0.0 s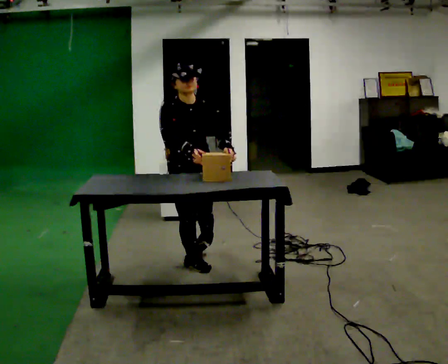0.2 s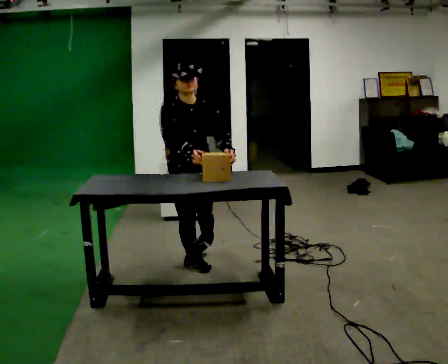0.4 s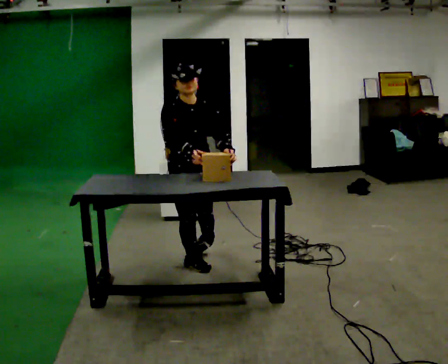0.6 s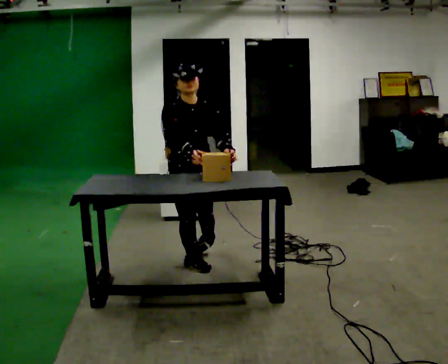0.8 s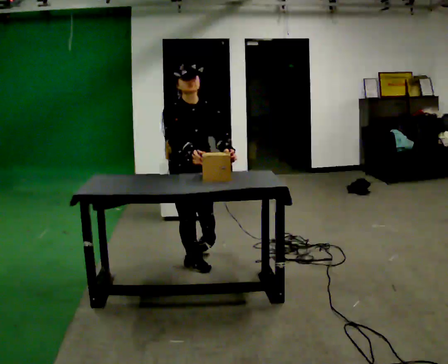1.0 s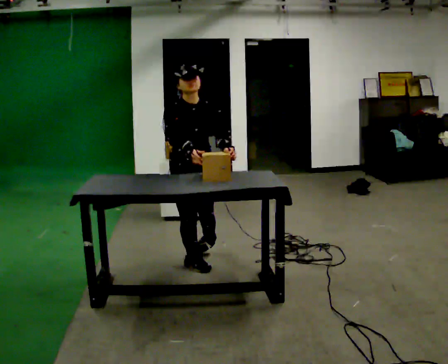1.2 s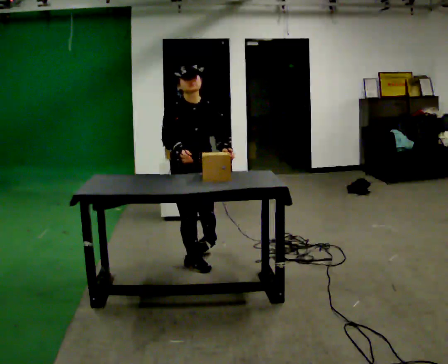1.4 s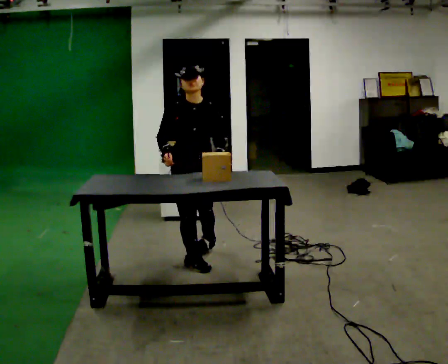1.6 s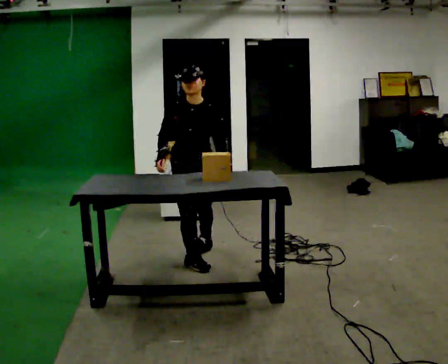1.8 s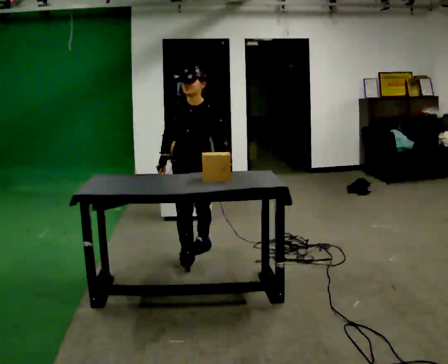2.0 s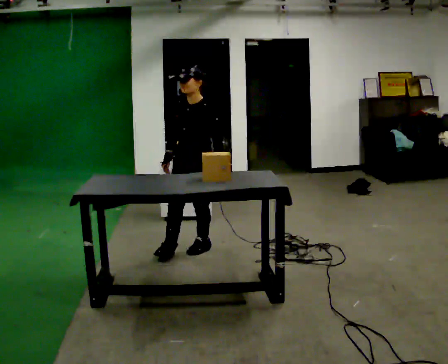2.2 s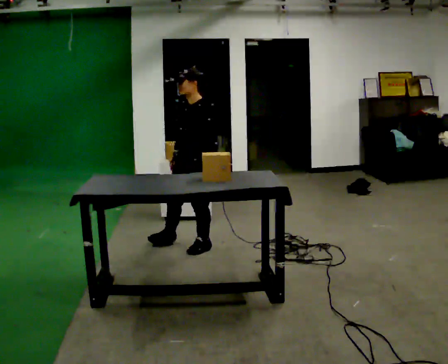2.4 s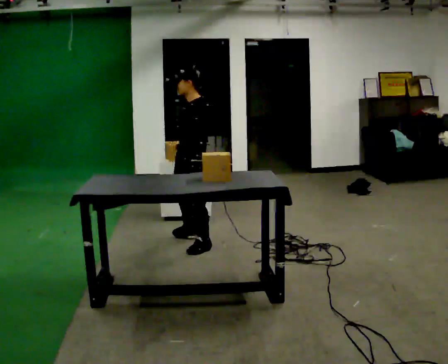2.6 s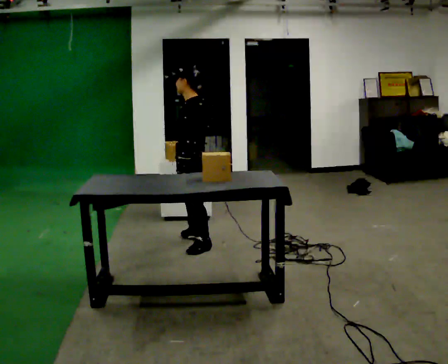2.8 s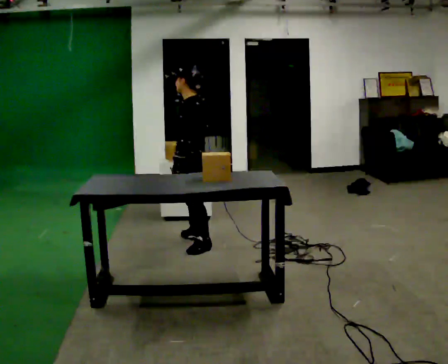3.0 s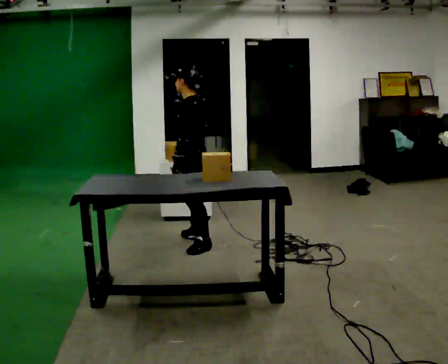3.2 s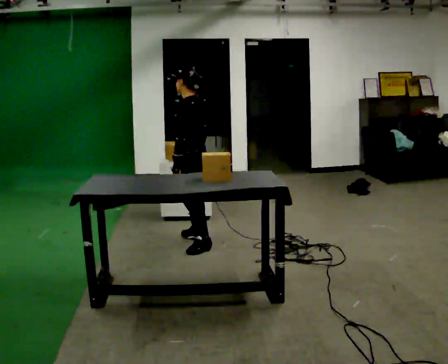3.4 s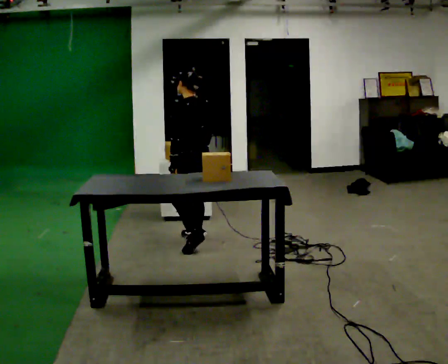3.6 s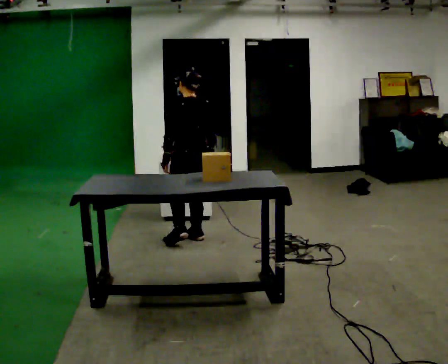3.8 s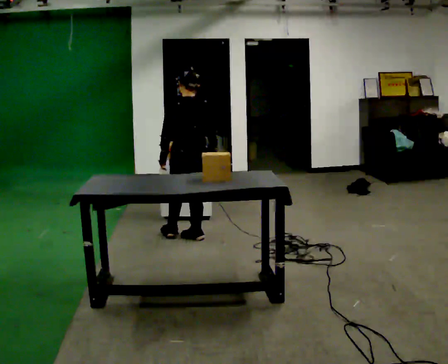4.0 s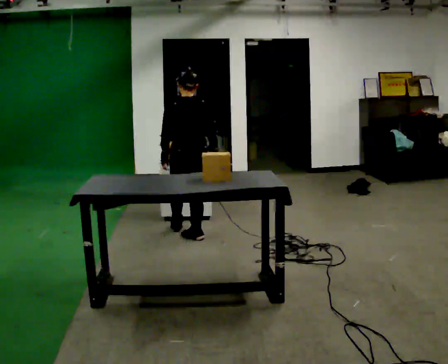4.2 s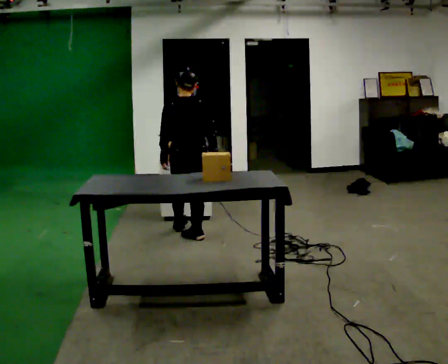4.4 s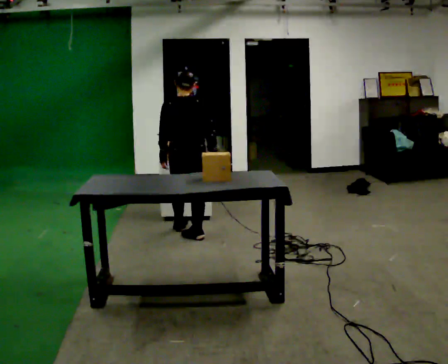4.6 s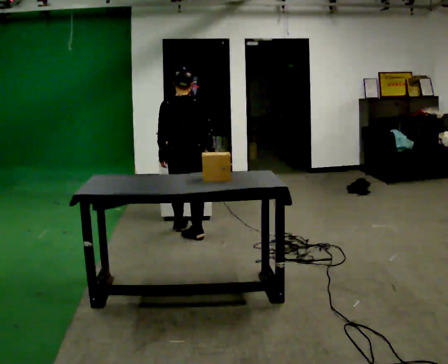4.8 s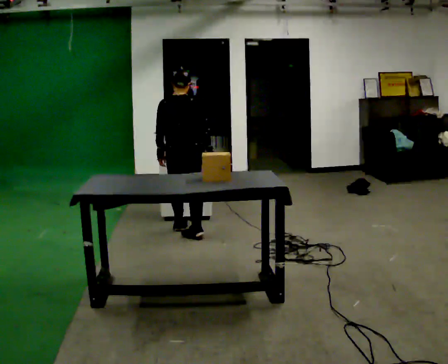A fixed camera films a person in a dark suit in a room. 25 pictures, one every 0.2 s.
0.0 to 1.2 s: The person moves a little, or ends about where they began.
1.2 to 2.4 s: Seen from above the body turns clockwise, about 105 degrees: to their right, with its near side sliding to the left. In the picture they go away from the camera, about 0.5 m.
2.4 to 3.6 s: The person turns about 60 degrees to their right, clockwise seen from above, so the part of the body nearest the lens slides to the left. In the picture they go away from the camera, about 0.25 m in 1 step.
3.6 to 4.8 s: The part of the body nearest the lens slides to the left as the person turns to their right by about 45 degrees. In the picture they go away from the camera, about 0.25 m in 1 step, which for them is forward.
The film runs forward here.
